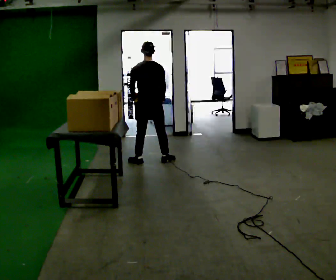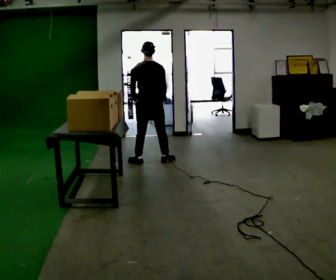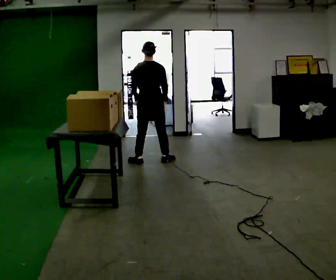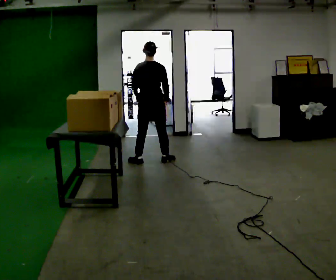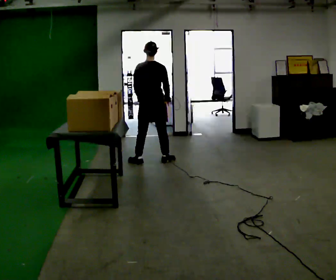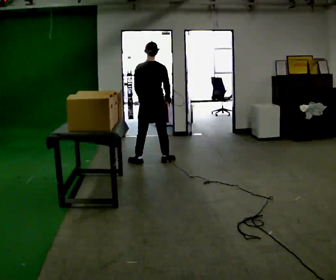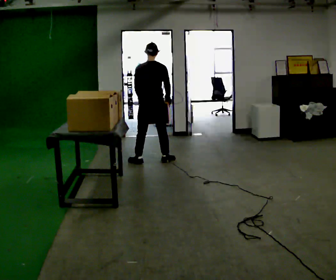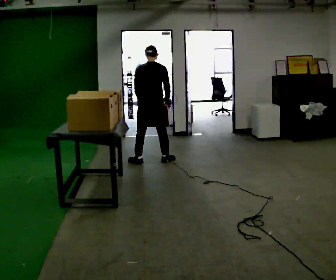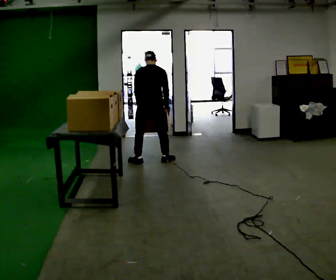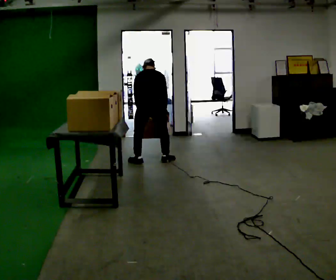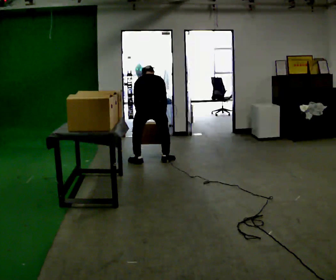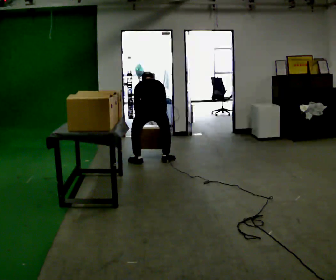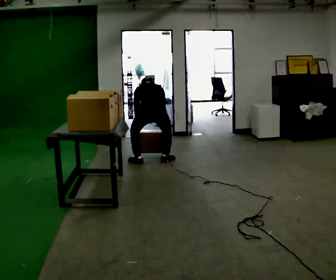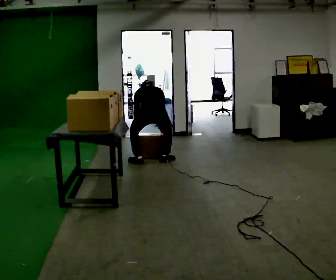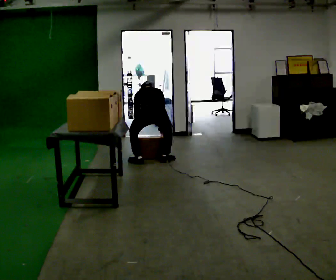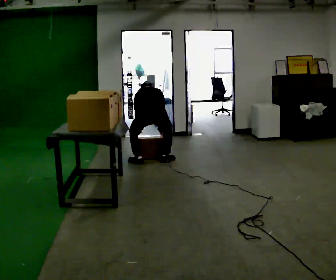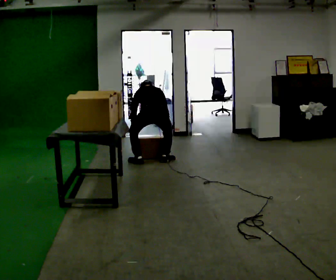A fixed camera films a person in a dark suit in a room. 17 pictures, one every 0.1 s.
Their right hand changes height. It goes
downward.
The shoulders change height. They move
downward.
0.0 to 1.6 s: In the picture they go toward the camera, about 0.25 m, which for them is backward. The upper body goes downward. The upper body tips away from the camera, its near side rolling upward, as they bend forward. In the picture their left hand goes downward.
The film runs backward here.
